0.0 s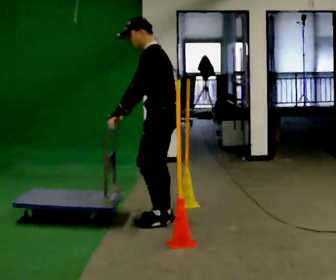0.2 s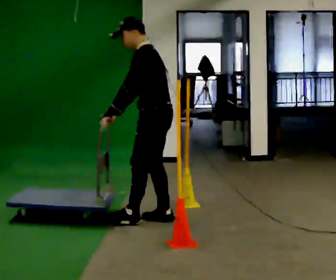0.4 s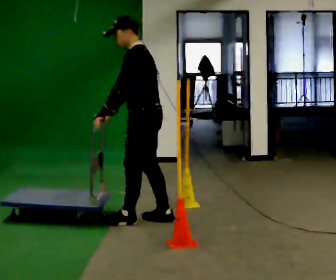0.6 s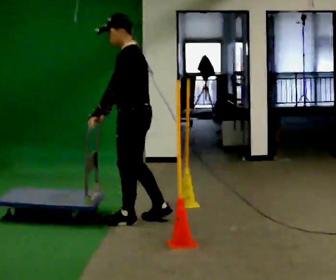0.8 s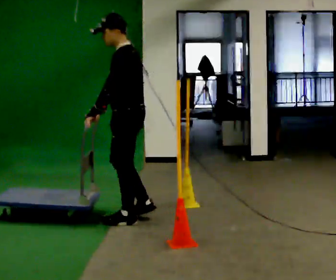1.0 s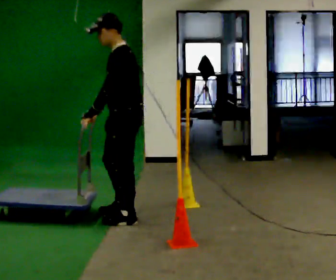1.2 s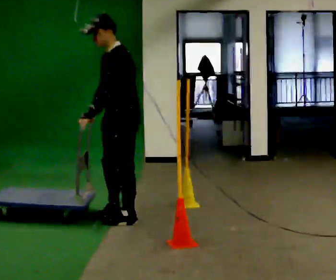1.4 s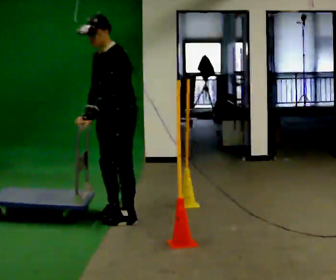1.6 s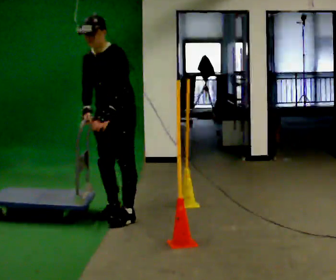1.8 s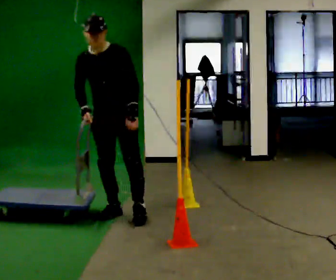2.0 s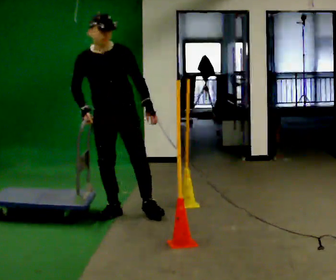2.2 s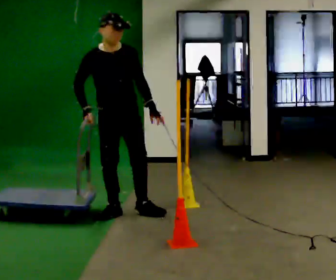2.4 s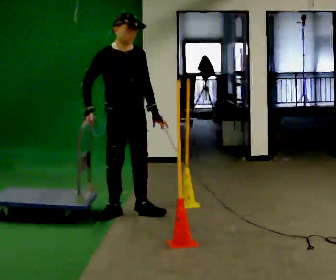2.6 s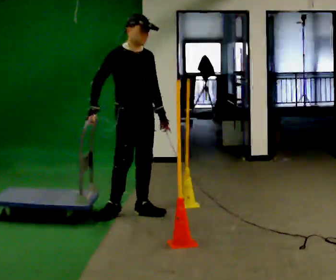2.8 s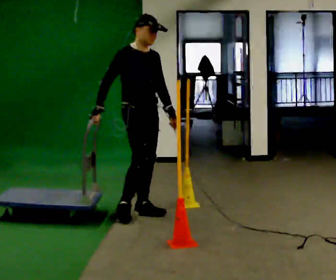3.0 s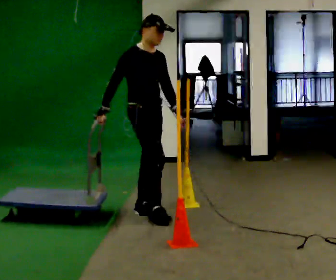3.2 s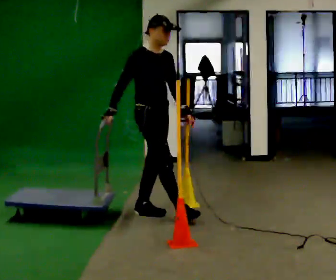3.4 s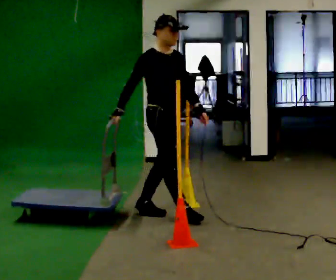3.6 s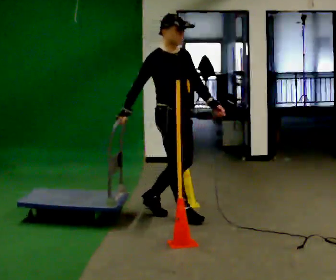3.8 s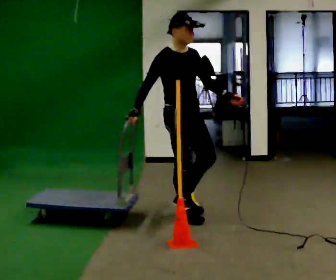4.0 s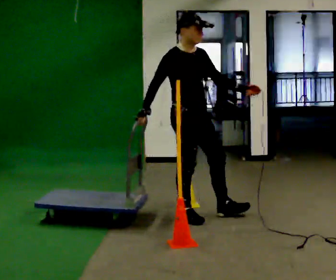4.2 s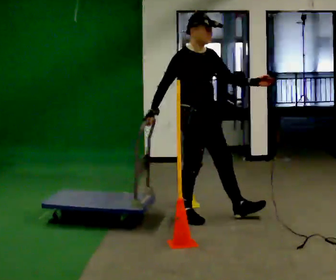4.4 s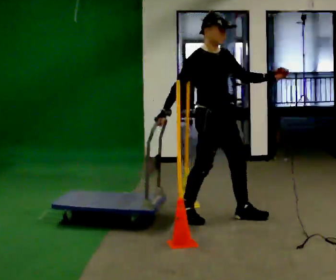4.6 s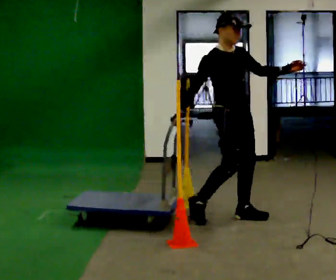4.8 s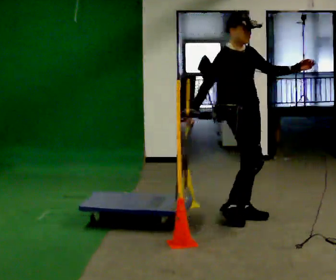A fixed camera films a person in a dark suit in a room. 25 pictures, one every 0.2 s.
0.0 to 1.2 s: Seen from above the body turns counterclockwise, about 30 degrees: to their left, with its near side sliding to the right. In the picture they go to the left, about 0.25 m in 2 steps, which for them is forward.
1.2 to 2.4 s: Seen from above the body turns counterclockwise, about 105 degrees: to their left, with its near side sliding to the right. In the picture they go away from the camera, about 0.25 m in 1 step. In the picture their left hand goes to the right, the arm swinging counterclockwise.
2.4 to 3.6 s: The part of the body nearest the lens slides to the right as the person turns to their left by about 30 degrees. In the picture they go to the right, about 0.5 m in 1 step, which for them is forward.
3.6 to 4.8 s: In the picture they go to the right, about 0.5 m in 1 step, which for them is forward and to their left.
The film runs forward here.
